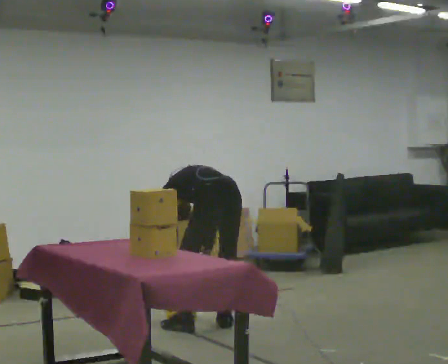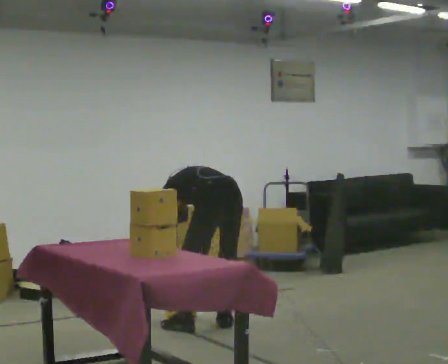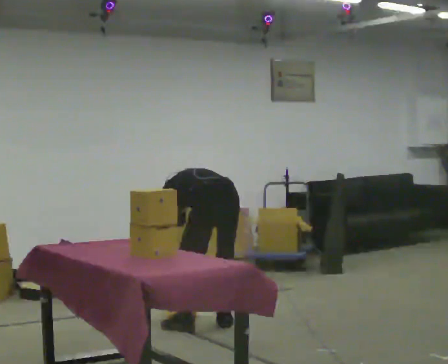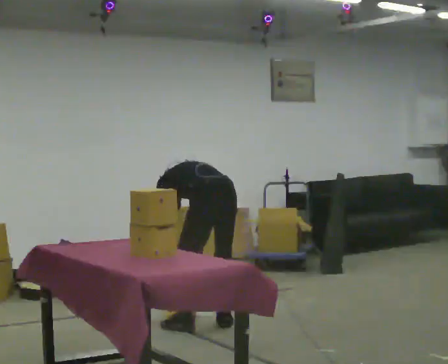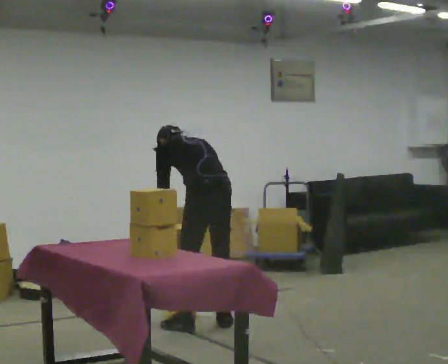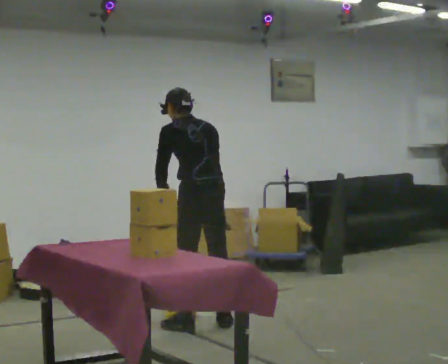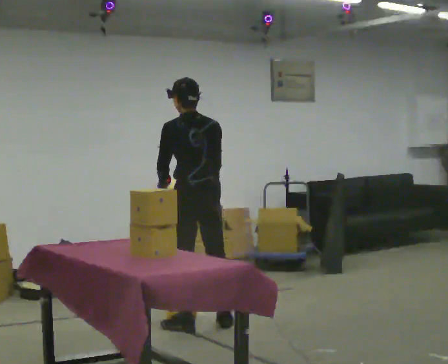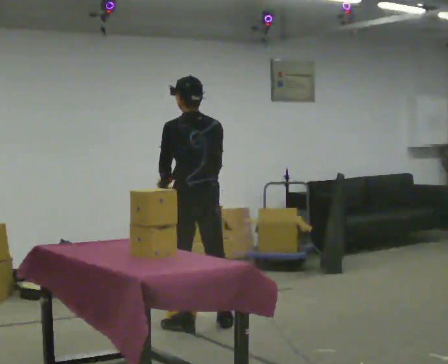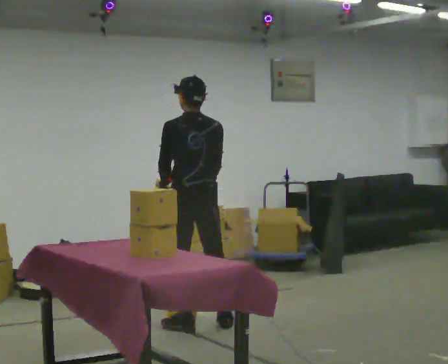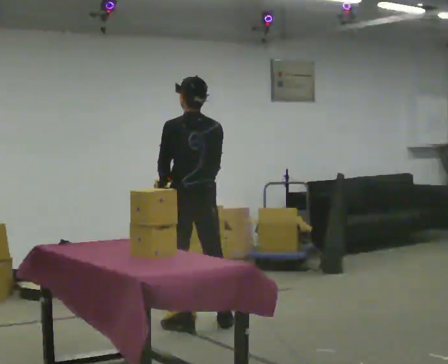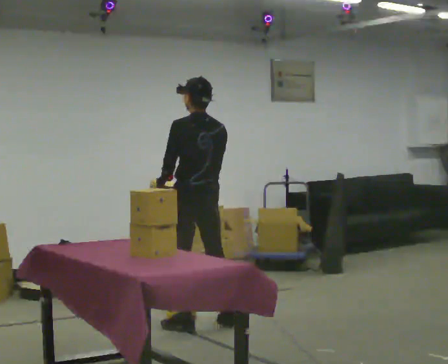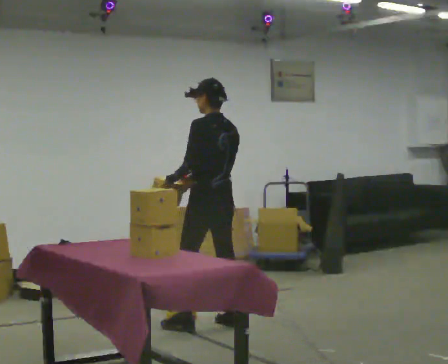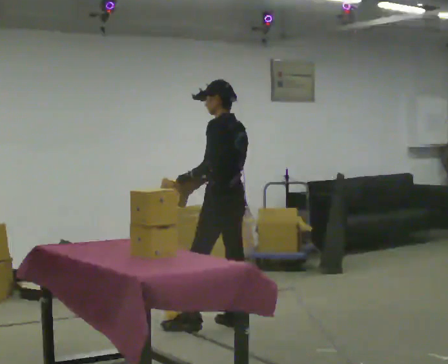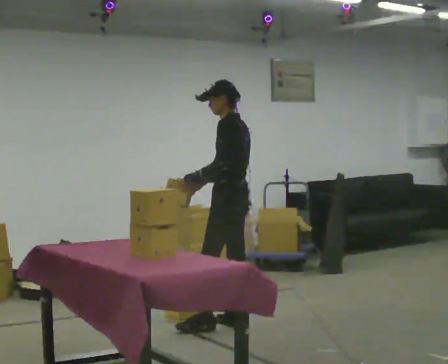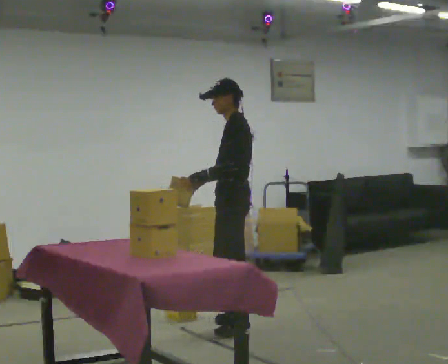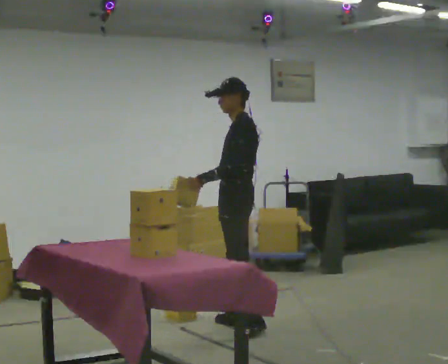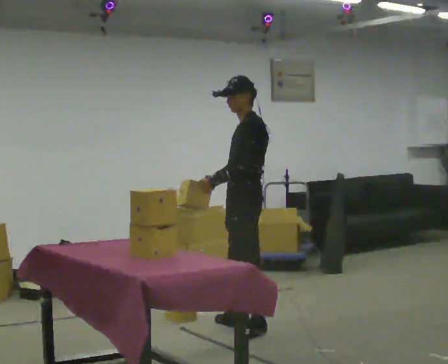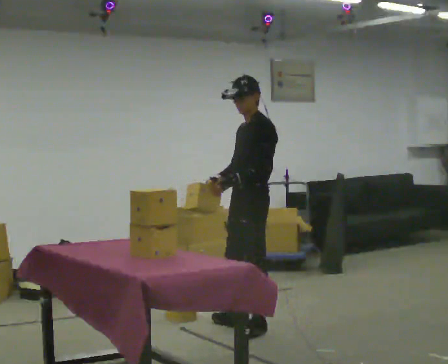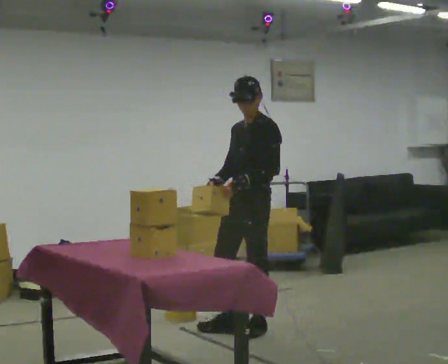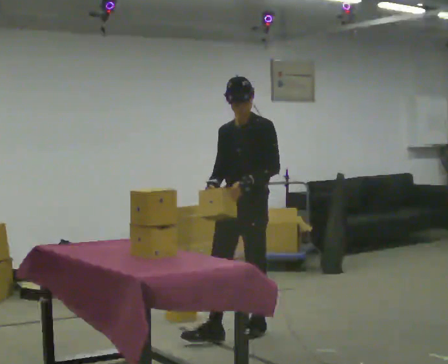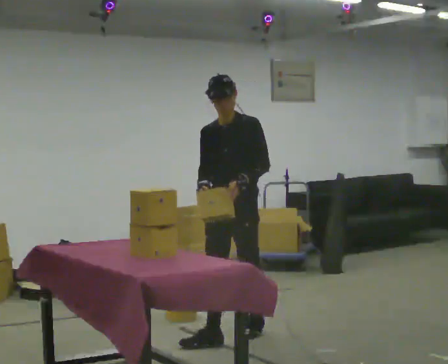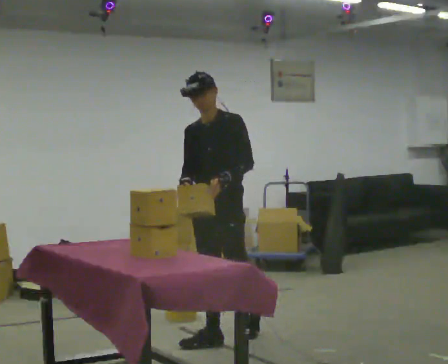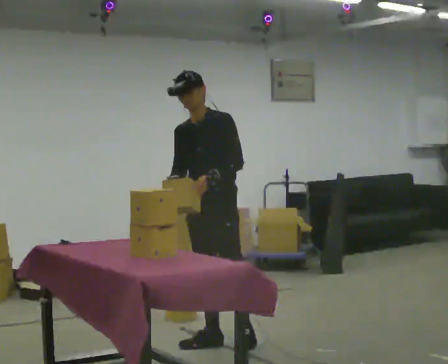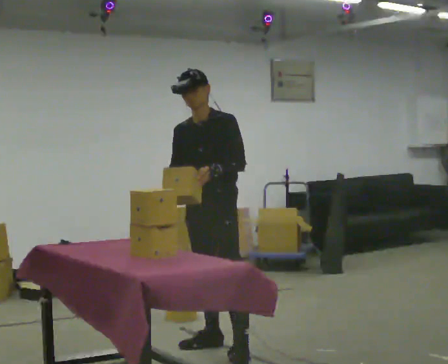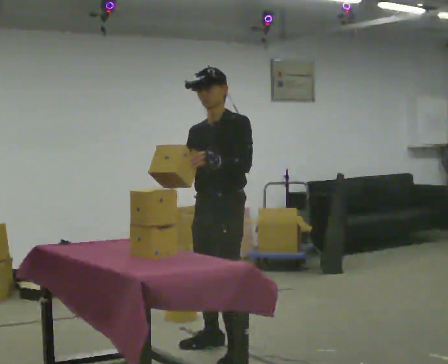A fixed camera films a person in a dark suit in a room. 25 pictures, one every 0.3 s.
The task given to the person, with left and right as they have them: Take an object off the waist-height shelf, carry it across the room, and set it down on the floor. Keep going until the operator says stop; one object at a time, and do not rush between trips.
0.0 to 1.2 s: The shoulders move upward. The upper body tips toward the camera, its near side rolling downward, as they lean back or straighten. In the picture their left hand goes upward.
1.2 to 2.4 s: The upper body tips toward the camera, its near side rolling downward, as they lean back or straighten.
2.4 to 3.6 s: The part of the body nearest the lens slides to the right as the person turns to their left by about 45 degrees. In the picture they go to the right and away from the camera, about 0.25 m, which for them is to their right.
3.6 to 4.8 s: Seen from above the body turns counterclockwise, about 30 degrees: to their left, with its near side sliding to the right. In the picture they go toward the camera, about 0.25 m in 1 step, which for them is to their left and backward.
4.8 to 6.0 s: The part of the body nearest the lens slides to the right as the person turns to their left by about 60 degrees. In the picture they go toward the camera and to the left, about 0.25 m in 1 step, which for them is forward.
6.0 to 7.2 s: In the picture they go toward the camera, about 0.5 m in 1 step, which for them is forward and to their left.
The film runs forward here.
